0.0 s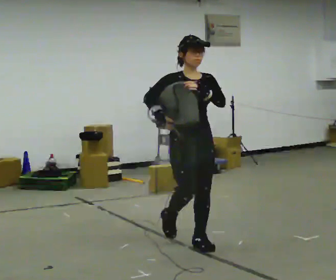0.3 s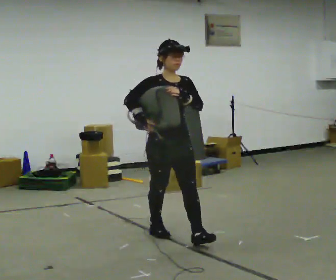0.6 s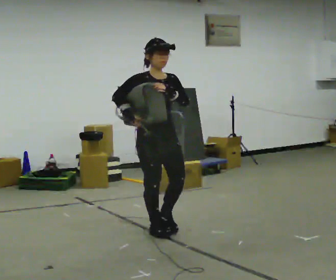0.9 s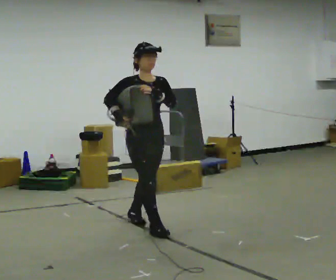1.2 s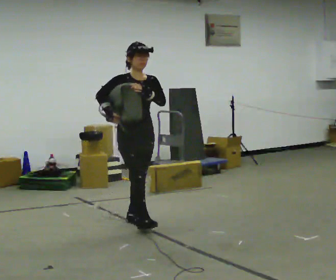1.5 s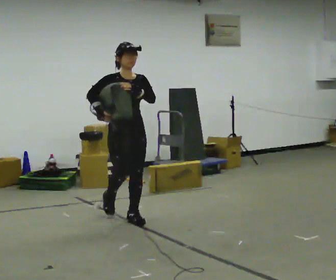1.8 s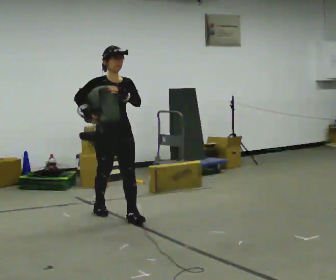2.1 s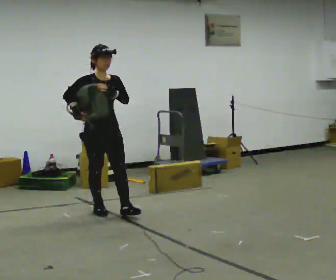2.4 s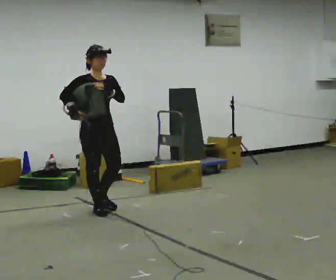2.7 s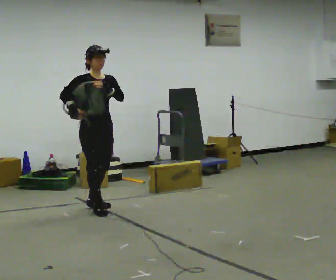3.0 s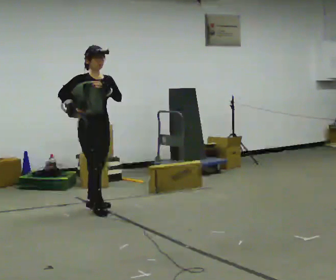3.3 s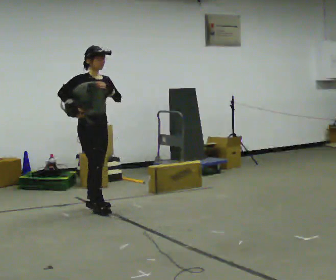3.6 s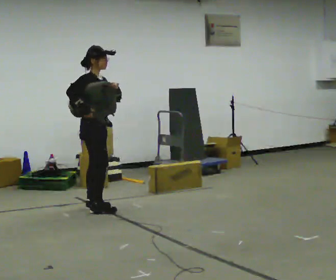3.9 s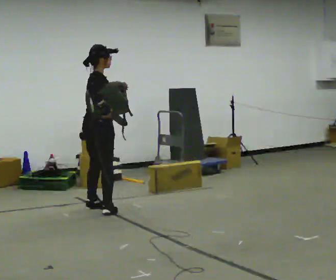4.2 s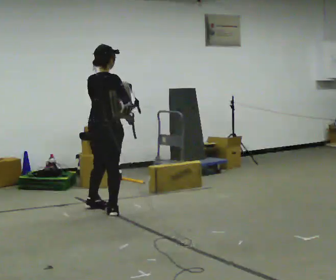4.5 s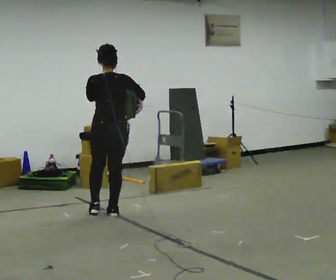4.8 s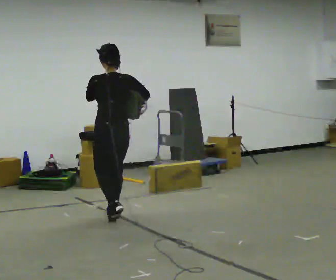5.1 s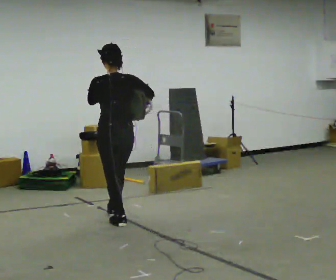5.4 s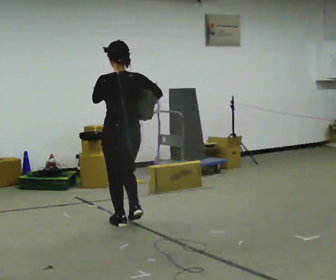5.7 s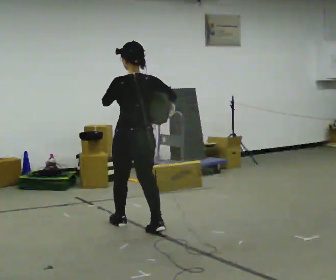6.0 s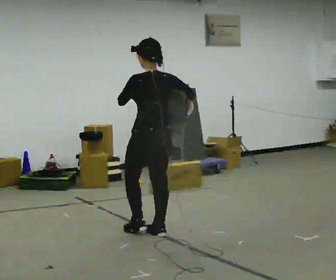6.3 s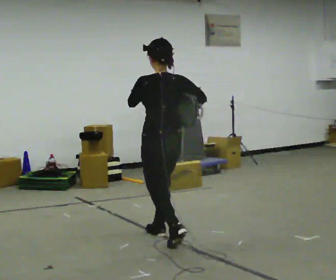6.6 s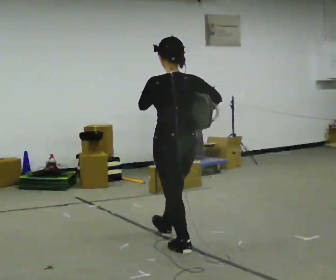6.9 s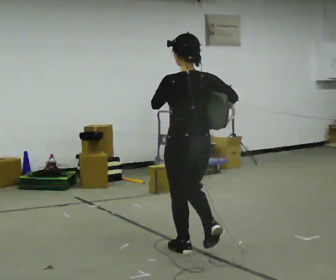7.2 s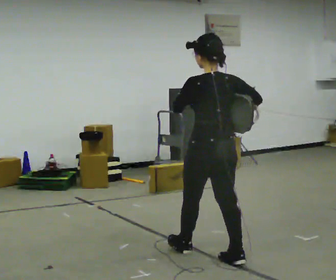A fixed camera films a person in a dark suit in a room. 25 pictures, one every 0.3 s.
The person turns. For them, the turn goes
to their left.
The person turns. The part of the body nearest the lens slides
to the right.
0.0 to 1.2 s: In the picture they go away from the camera and to the left, about 1 m in 2 steps, which for them is backward.
1.2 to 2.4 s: In the picture they go away from the camera and to the left, about 0.5 m in 1 step, which for them is backward.
2.4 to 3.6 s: The part of the body nearest the lens slides to the right as the person turns to their left by about 30 degrees. In the picture they go away from the camera, about 0.25 m, which for them is backward.
3.6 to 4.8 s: The person turns about 135 degrees to their left, counterclockwise seen from above, so the part of the body nearest the lens slides to the right. In the picture they go toward the camera and to the right, about 0.5 m in 2 steps.
4.8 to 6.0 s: In the picture they go toward the camera and to the right, about 0.5 m in 2 steps, which for them is backward.
6.0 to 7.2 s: In the picture they go toward the camera and to the right, about 1 m in 1 step, which for them is backward.
The film runs backward here.
